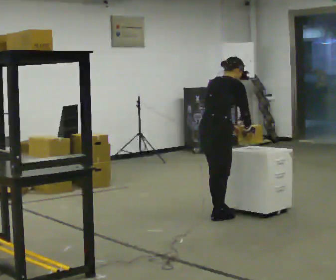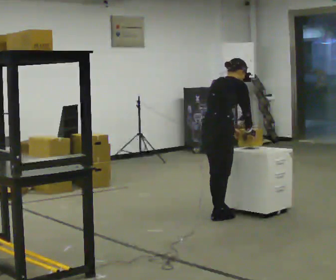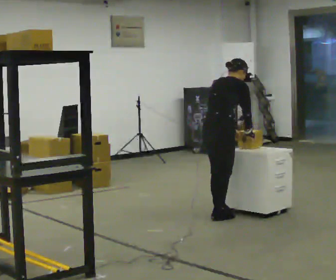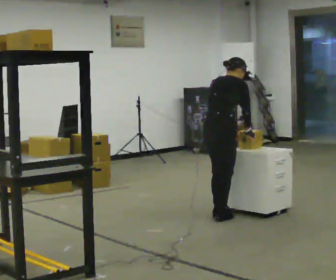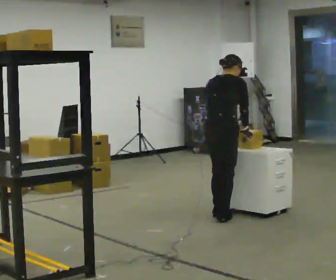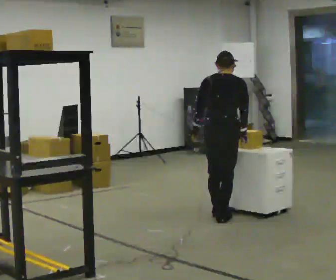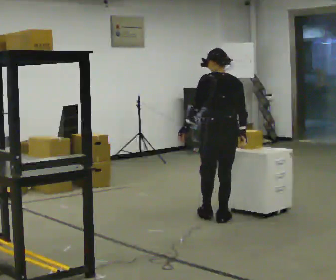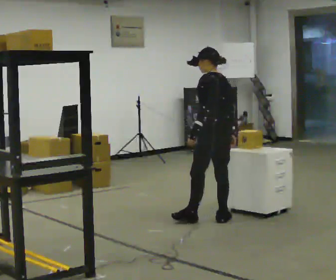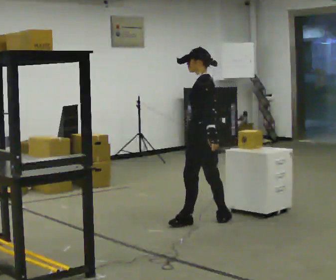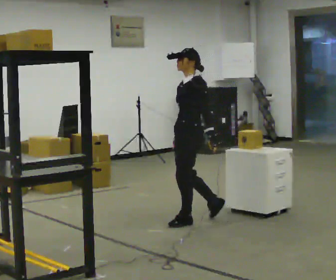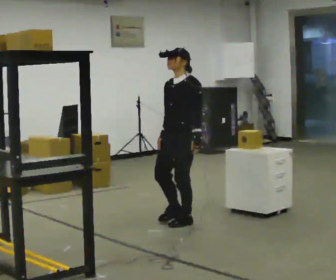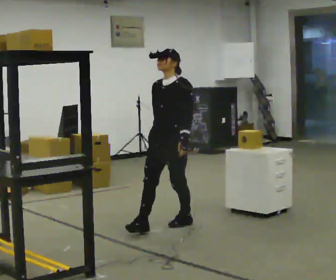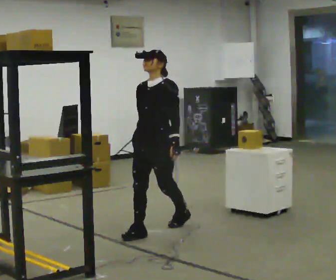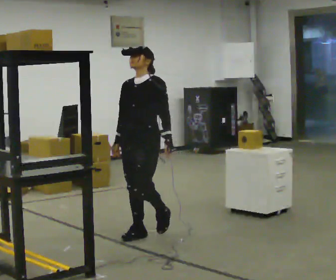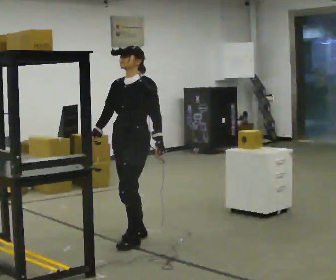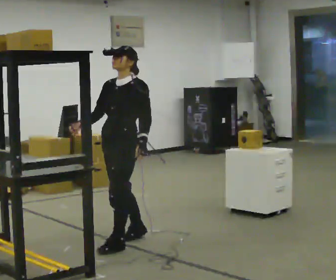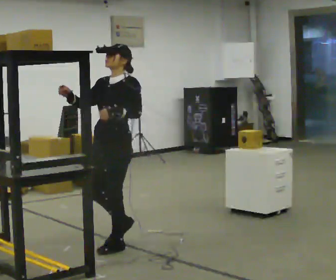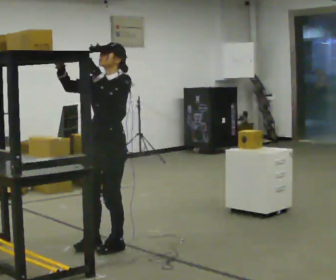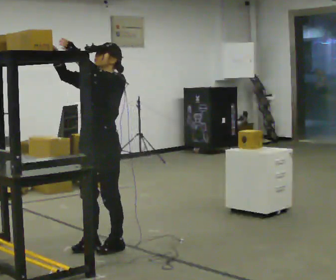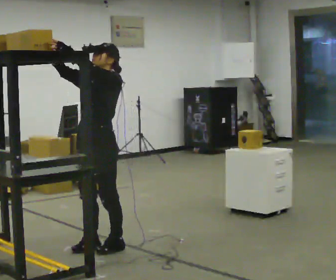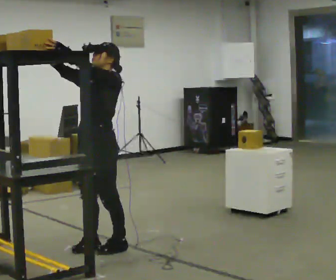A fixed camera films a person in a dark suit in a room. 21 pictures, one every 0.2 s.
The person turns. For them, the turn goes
to their left.
The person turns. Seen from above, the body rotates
counterclockwise.
0.0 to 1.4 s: Seen from above the body turns counterclockwise, about 105 degrees: to their left, with its near side sliding to the right. In the picture the upper body tilts counterclockwise, shoulders to the left, as they lean back or straighten.
1.4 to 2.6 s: Seen from above the body turns counterclockwise, about 90 degrees: to their left, with its near side sliding to the right. In the picture they go to the left and toward the camera, about 1 m in 2 steps.
2.6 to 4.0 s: In the picture they go toward the camera and to the left, about 0.5 m in 2 steps, which for them is forward. In the picture their left hand goes upward.
The film runs forward here.
